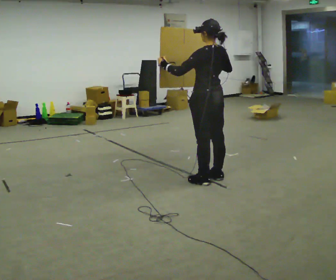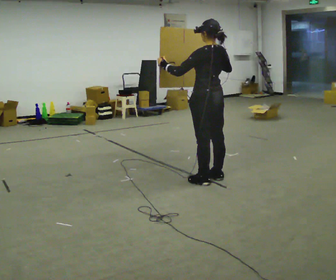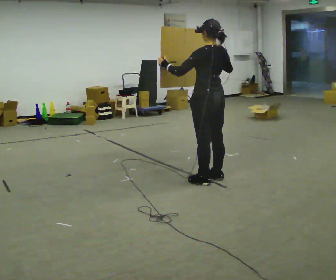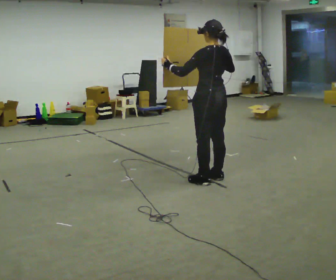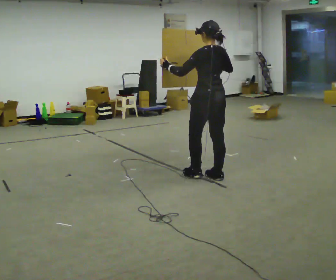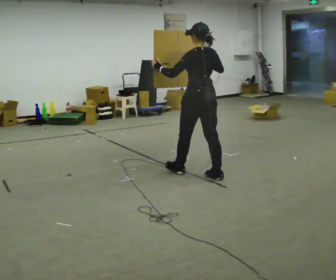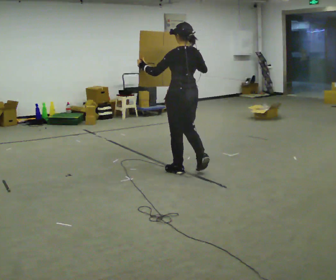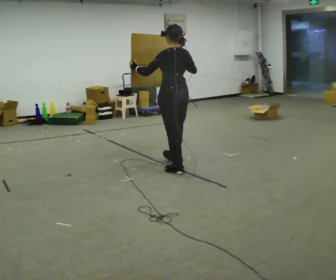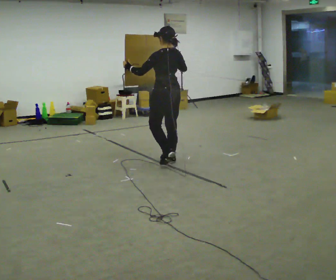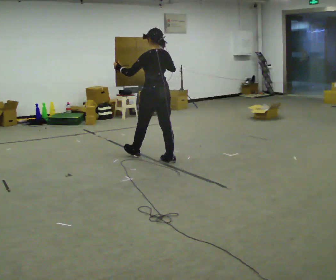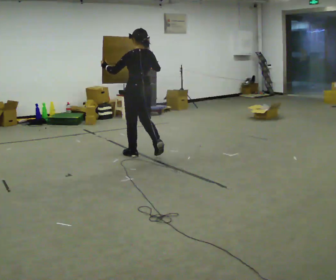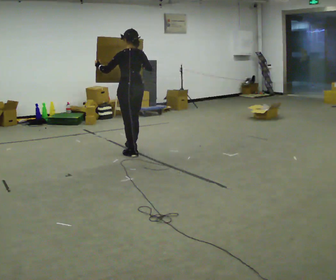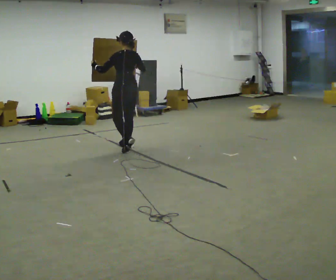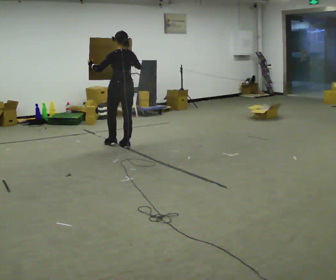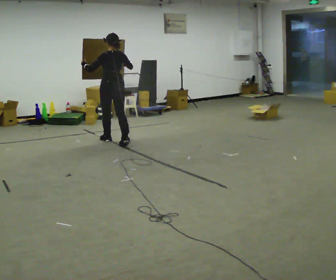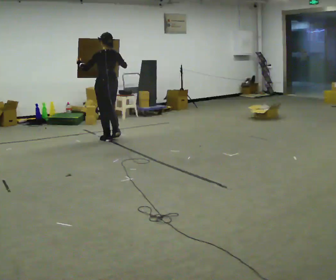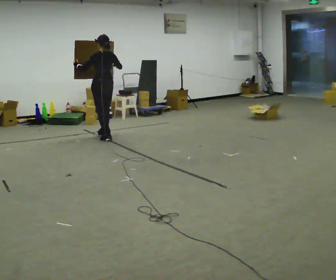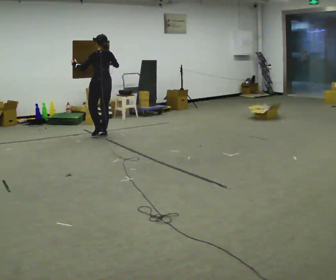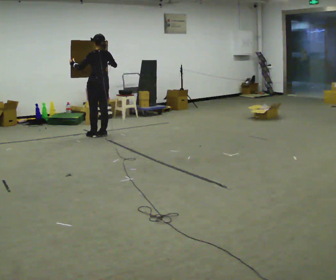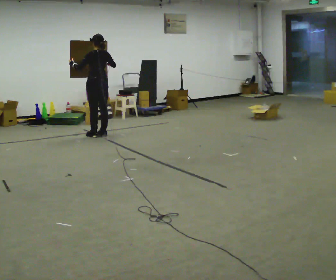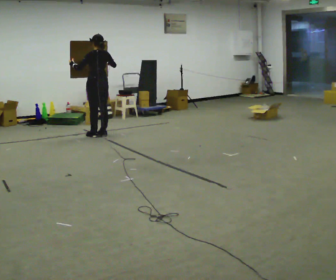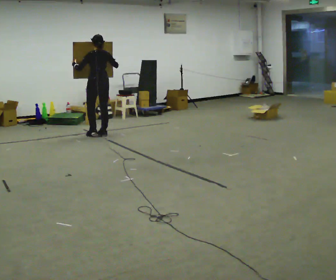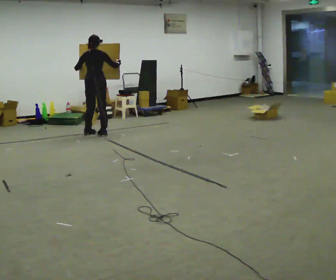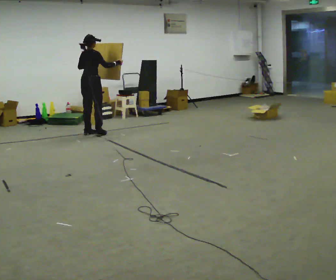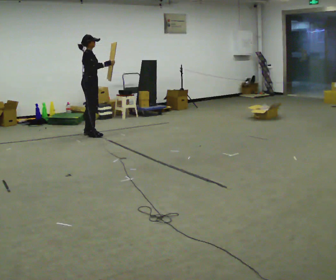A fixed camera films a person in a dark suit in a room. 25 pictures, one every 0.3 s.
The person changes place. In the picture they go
away from the camera.
0.0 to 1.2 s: The person moves a little, or ends about where they began.
1.2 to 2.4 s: In the picture they go away from the camera and to the left, about 0.75 m in 2 steps, which for them is forward.
2.4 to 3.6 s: In the picture they go away from the camera and to the left, about 1 m in 2 steps, which for them is forward.
3.6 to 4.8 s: In the picture they go away from the camera and to the left, about 1 m in 2 steps, which for them is forward.
4.8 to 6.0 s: In the picture they go away from the camera, about 0.25 m in 1 step, which for them is forward.
6.0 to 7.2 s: The part of the body nearest the lens slides to the left as the person turns to their right by about 105 degrees. In the picture they go to the left, about 0.25 m in 2 steps.
The film runs forward here.
